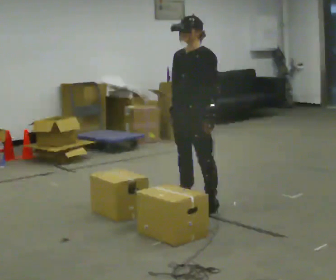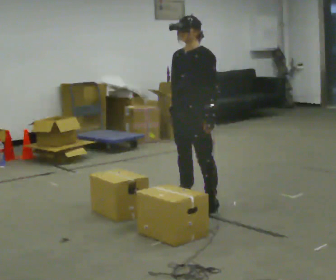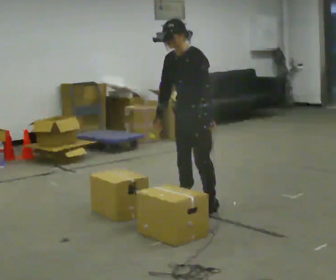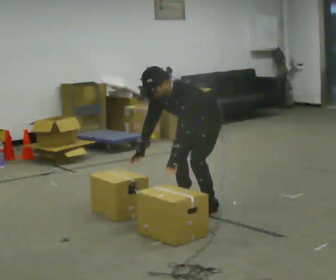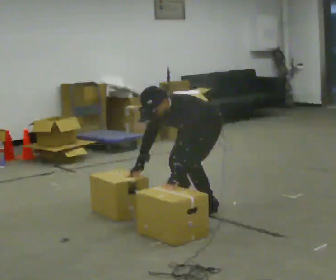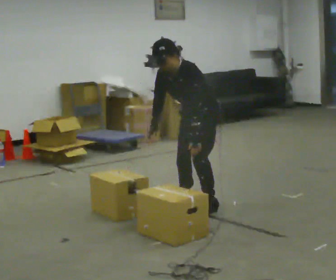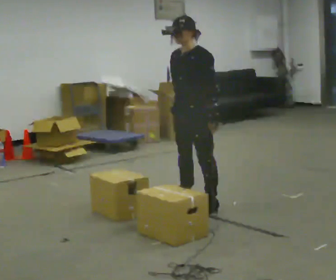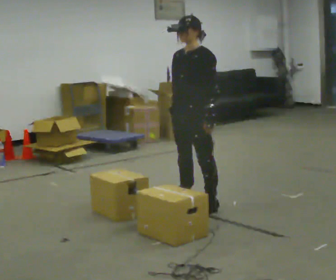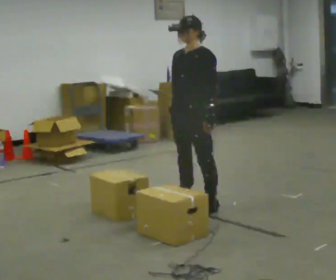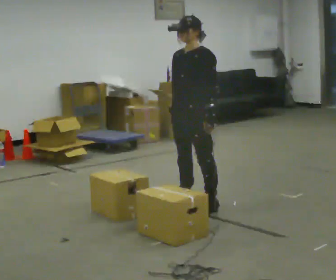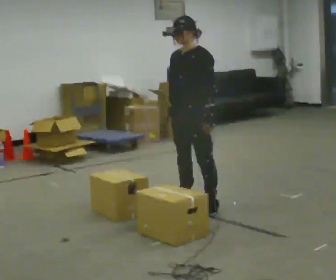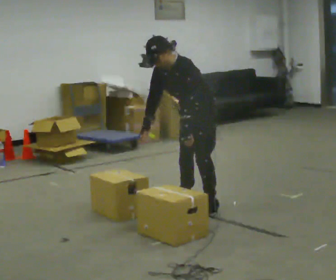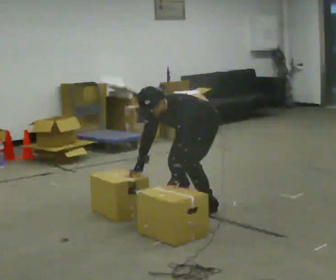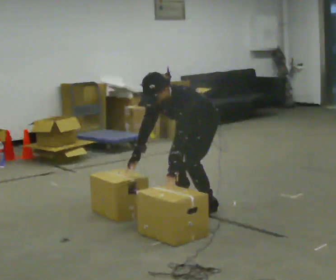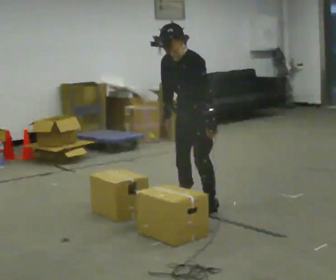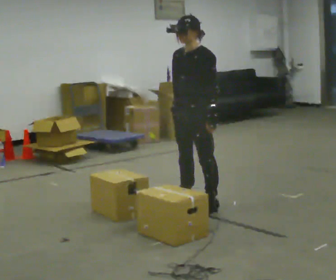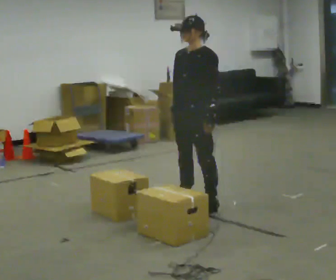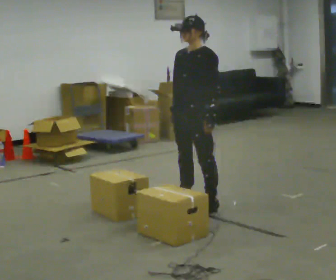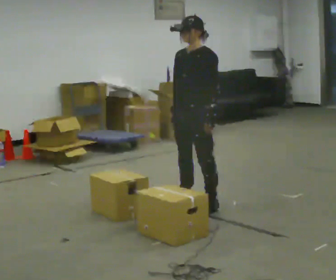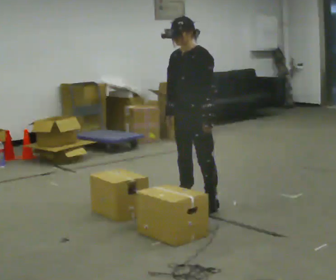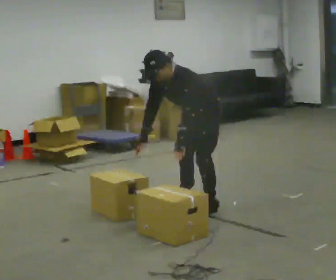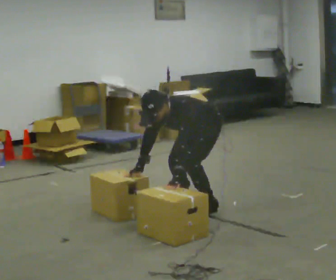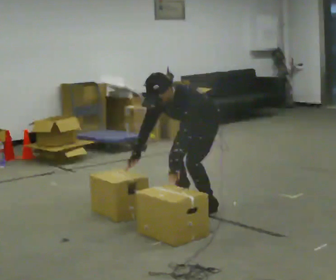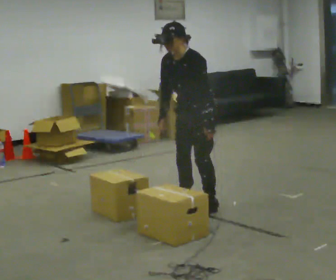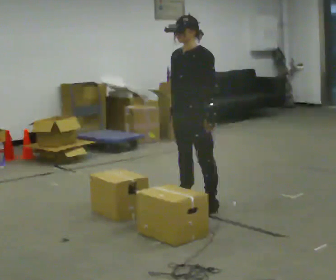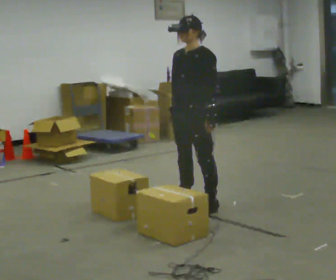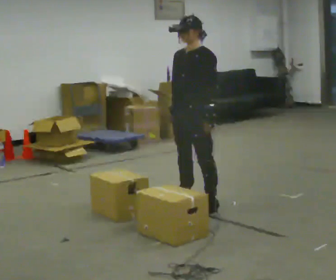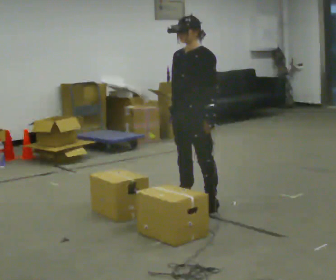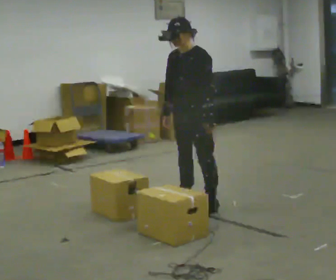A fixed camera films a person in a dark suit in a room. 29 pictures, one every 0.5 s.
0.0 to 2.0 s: The shoulders move downward. In the picture the upper body tilts counterclockwise, shoulders to the left, as they bend forward. In the picture their left hand goes downward and to the left.
2.0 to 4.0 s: The shoulders move upward. In the picture the upper body tilts clockwise, shoulders to the right, as they lean back or straighten. In the picture their right hand goes upward.
4.0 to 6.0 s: The upper body goes downward. In the picture the upper body tilts counterclockwise, shoulders to the left, as they bend forward. In the picture their right hand goes downward and to the left.
6.0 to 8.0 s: The shoulders move upward. In the picture the upper body tilts clockwise, shoulders to the right, as they lean back or straighten. In the picture their right hand goes upward and to the right.
8.0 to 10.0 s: The upper body goes downward. In the picture the upper body tilts counterclockwise, shoulders to the left, as they bend forward.
10.0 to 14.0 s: The person moves a little, or ends about where they began.
The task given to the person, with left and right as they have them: Touch two targets at the same time, one with each hand, as the operator calls the pairs. Keep both feet on the marked spots for the whole take. If you have to step, stop and tell the operator.
The film runs forward here.
